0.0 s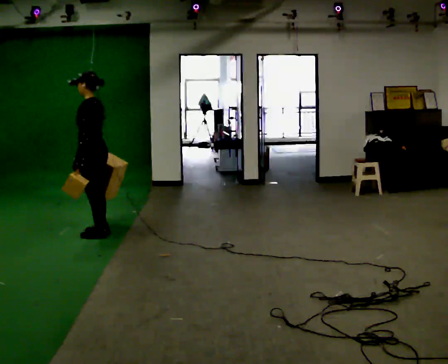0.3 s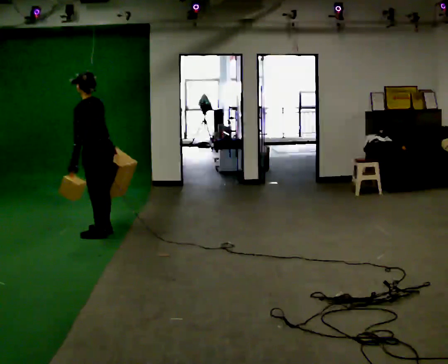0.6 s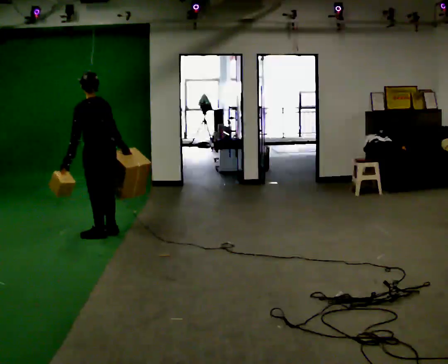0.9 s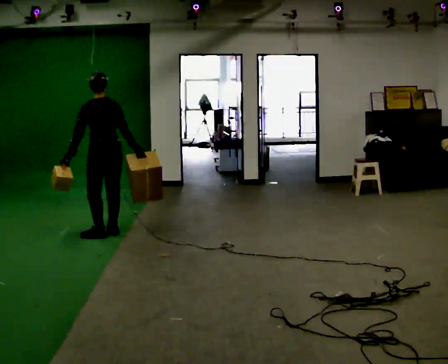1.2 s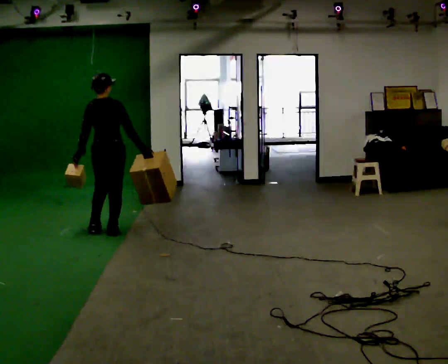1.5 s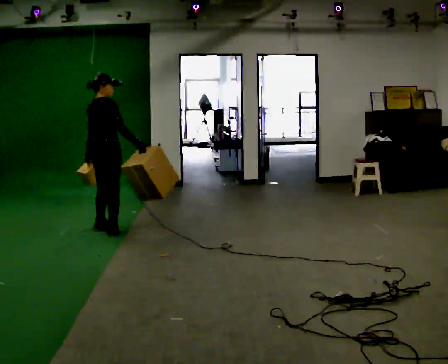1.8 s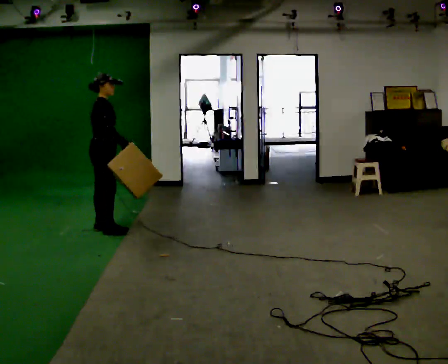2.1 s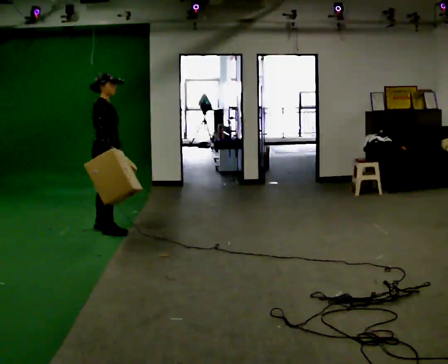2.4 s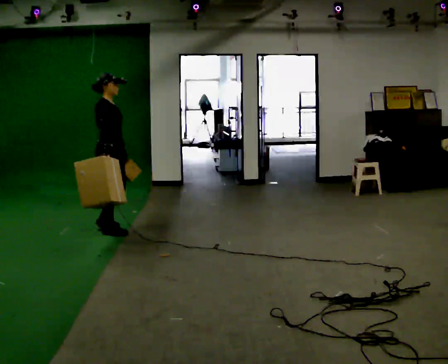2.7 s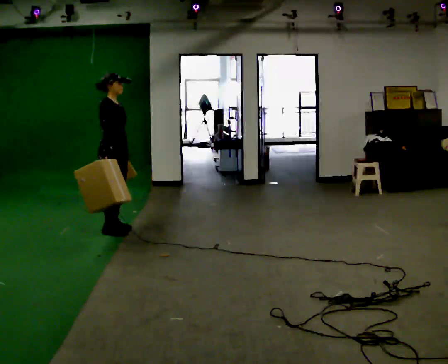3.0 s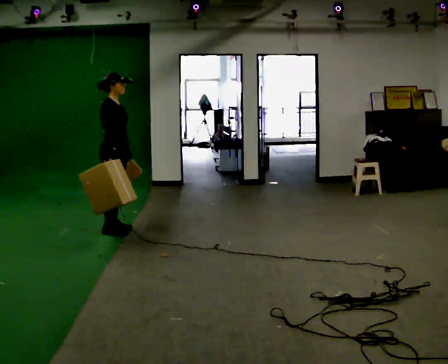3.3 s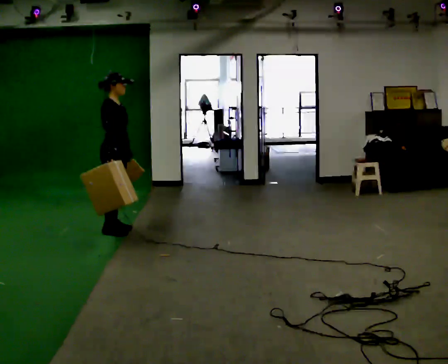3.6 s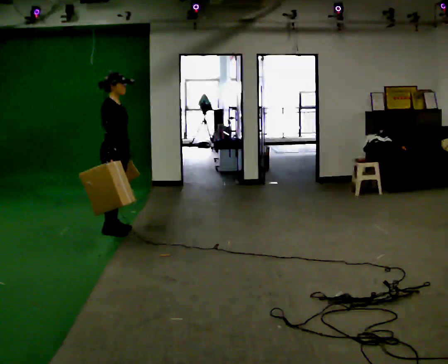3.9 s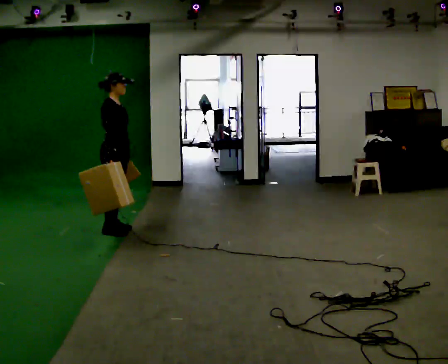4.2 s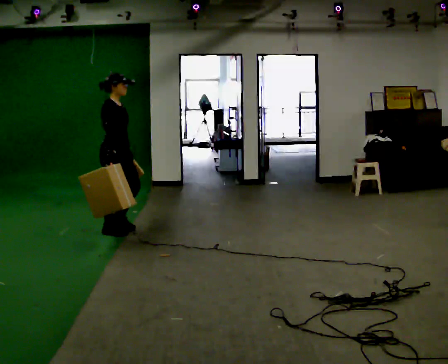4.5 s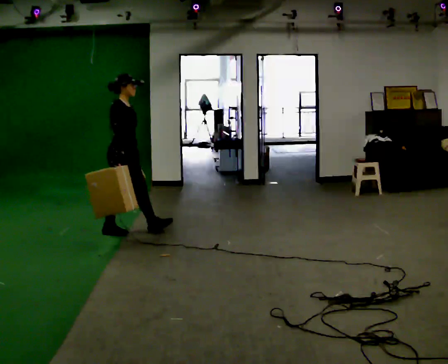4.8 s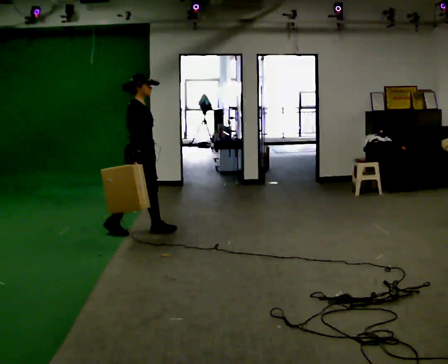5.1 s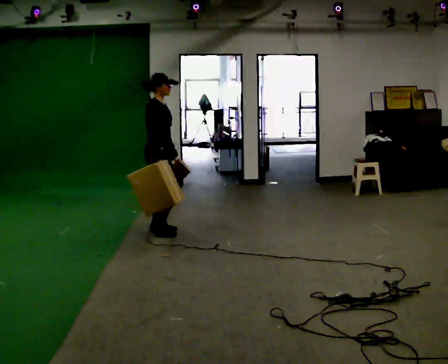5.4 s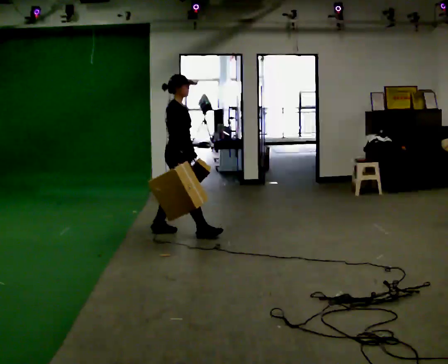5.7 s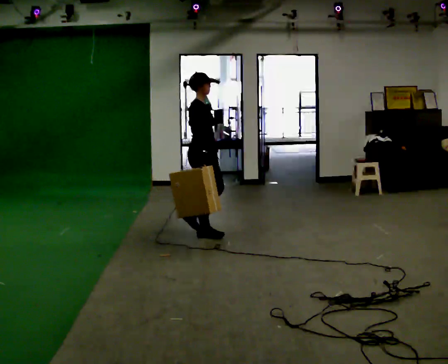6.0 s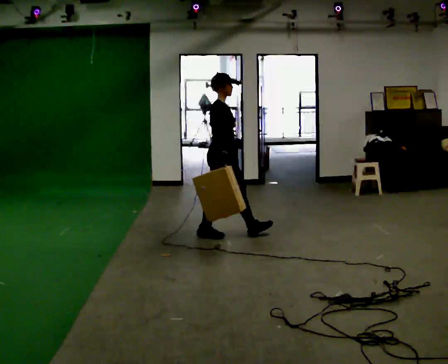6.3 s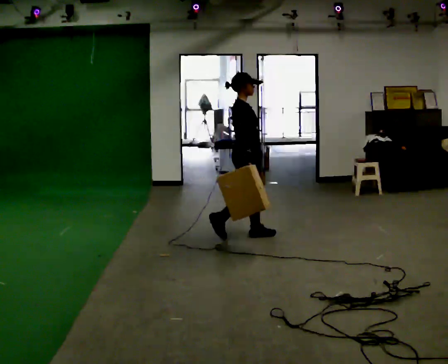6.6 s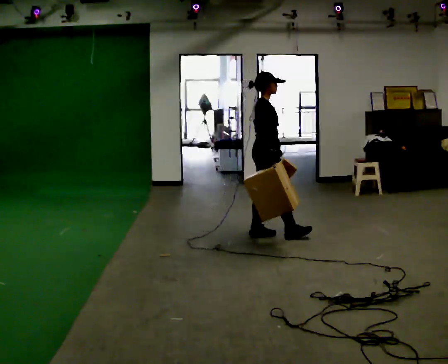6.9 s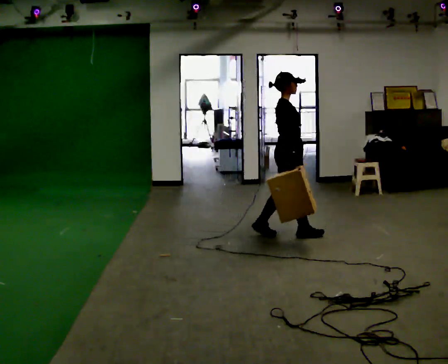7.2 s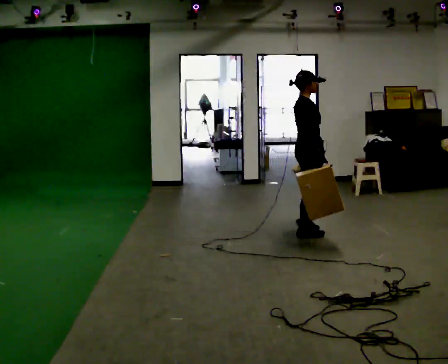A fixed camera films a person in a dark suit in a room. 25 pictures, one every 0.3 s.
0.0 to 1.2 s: The person turns about 90 degrees to their right, clockwise seen from above, so the part of the body nearest the lens slides to the left. In the picture their right hand goes to the right.
1.2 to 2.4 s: Seen from above the body turns clockwise, about 90 degrees: to their right, with its near side sliding to the left. In the picture their right hand goes to the left, the arm swinging clockwise.
2.4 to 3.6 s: The person moves a little, or ends about where they began.
3.6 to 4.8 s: In the picture they go to the right, about 0.25 m in 1 step, which for them is forward.
4.8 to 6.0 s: In the picture they go to the right, about 1 m in 1 step, which for them is forward.
6.0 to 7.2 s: In the picture they go to the right, about 1 m in 2 steps, which for them is forward.
The film runs forward here.
